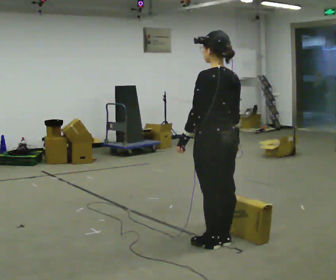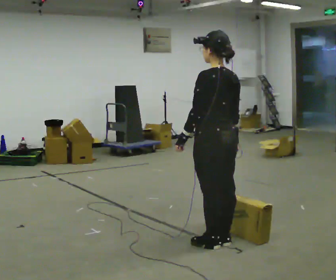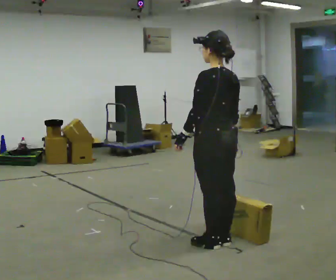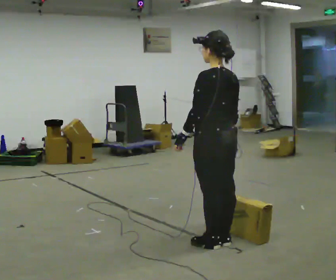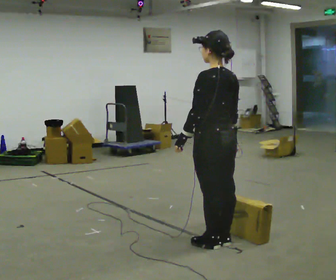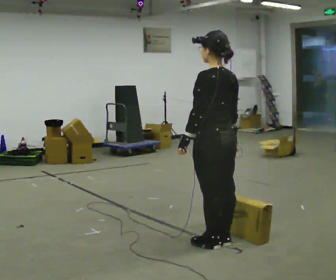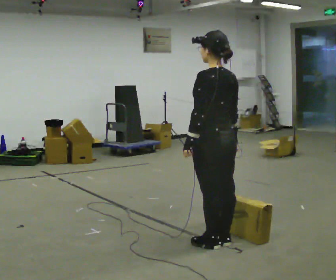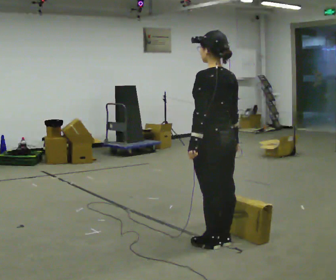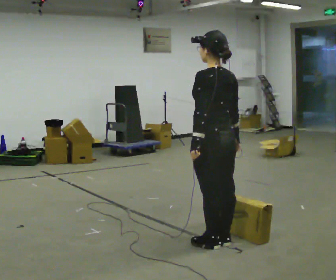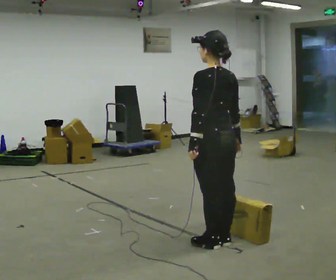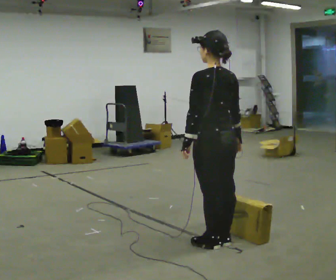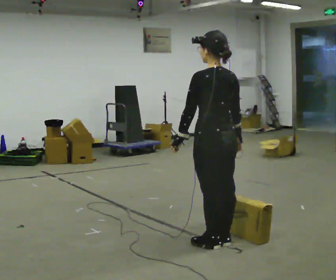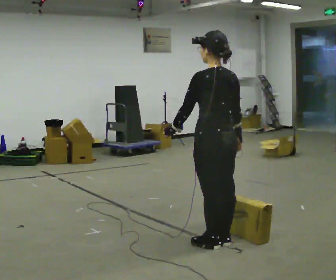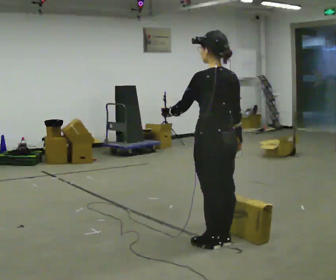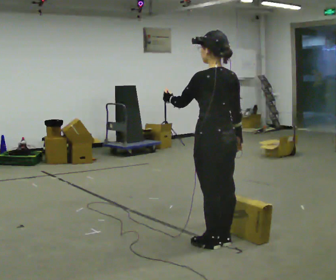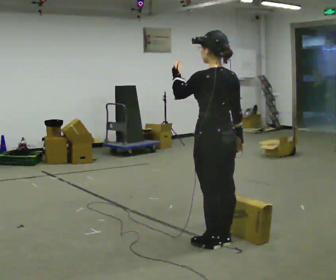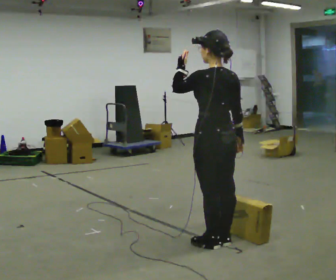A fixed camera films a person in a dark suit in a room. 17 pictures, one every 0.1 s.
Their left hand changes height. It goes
upward.
0.0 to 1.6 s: In the picture their left hand goes upward.
The film runs backward here.
